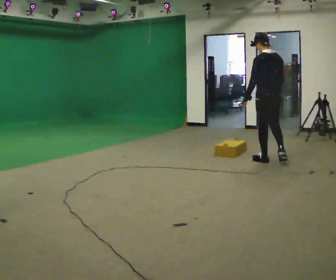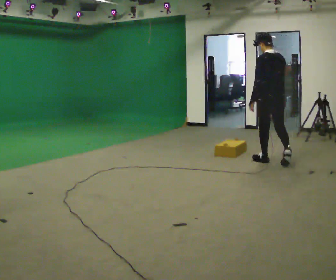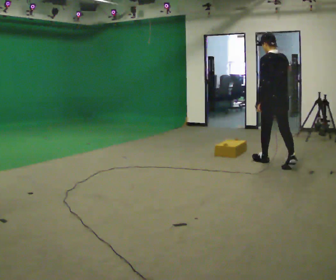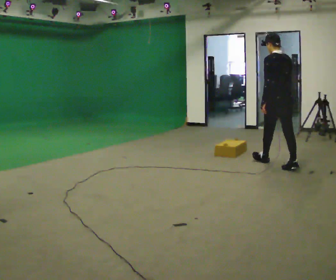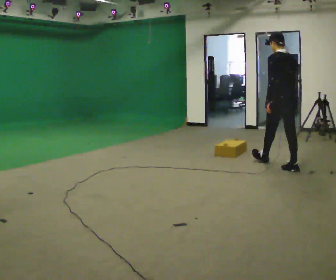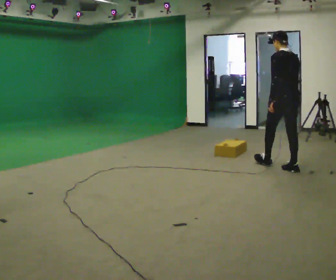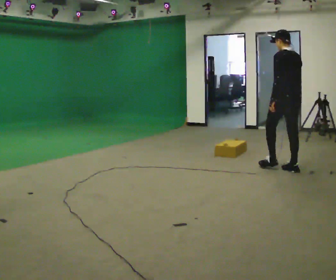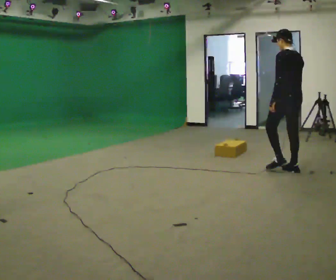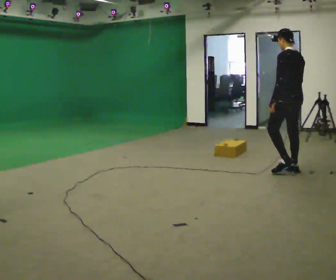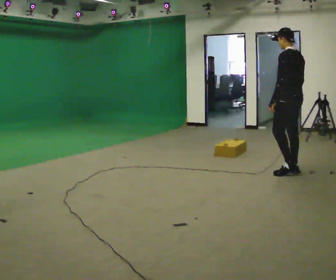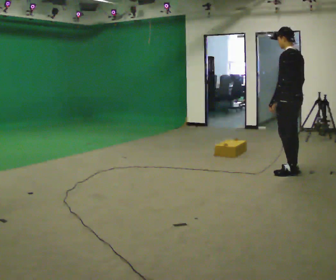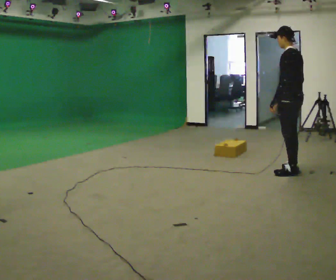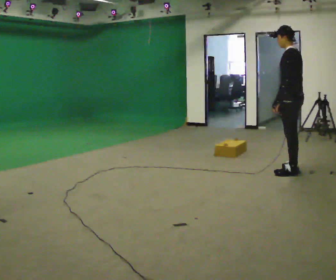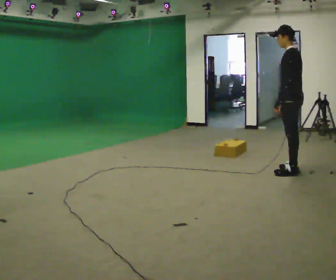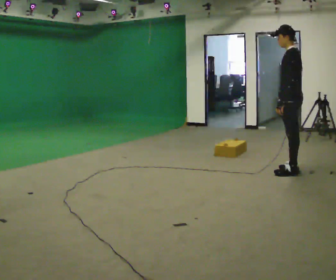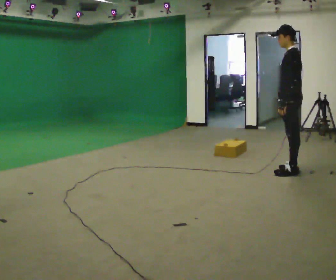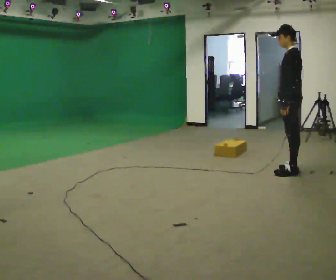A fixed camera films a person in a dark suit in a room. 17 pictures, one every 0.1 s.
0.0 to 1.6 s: The part of the body nearest the lens slides to the right as the person turns to their left by about 45 degrees. In the picture they go toward the camera and to the right, about 0.5 m in 1 step, which for them is backward and to their left.
The film runs backward here.
